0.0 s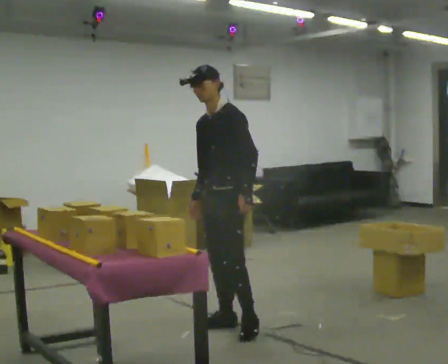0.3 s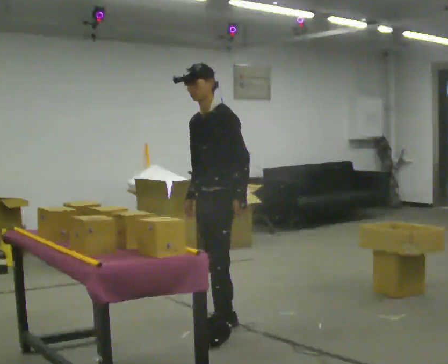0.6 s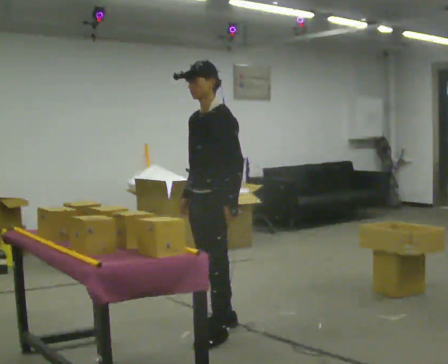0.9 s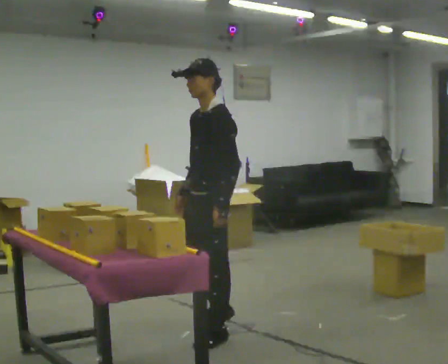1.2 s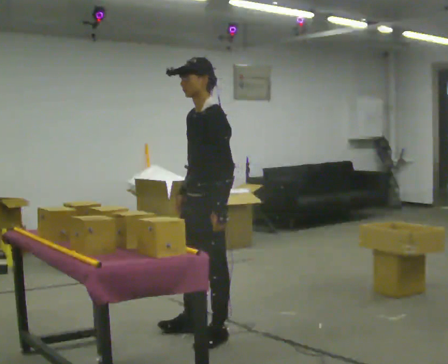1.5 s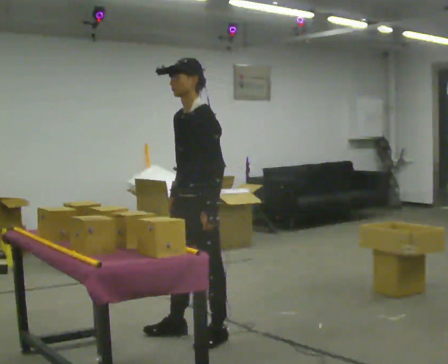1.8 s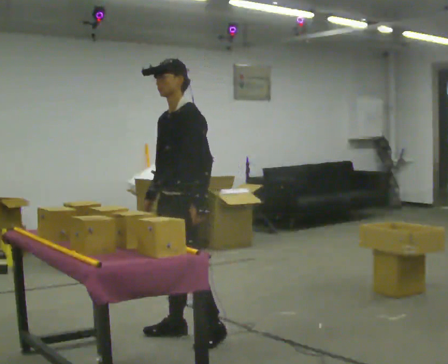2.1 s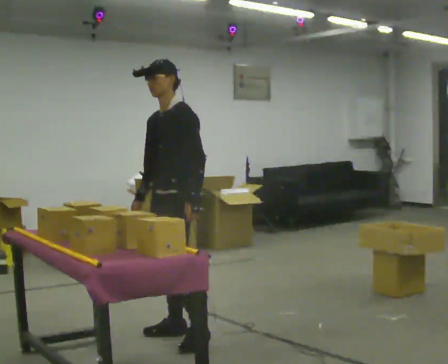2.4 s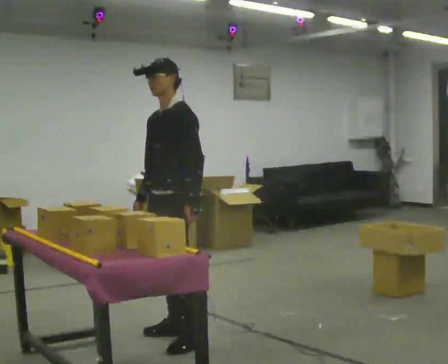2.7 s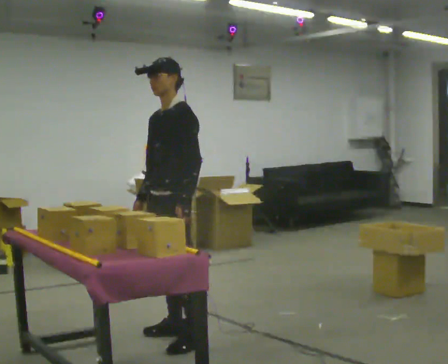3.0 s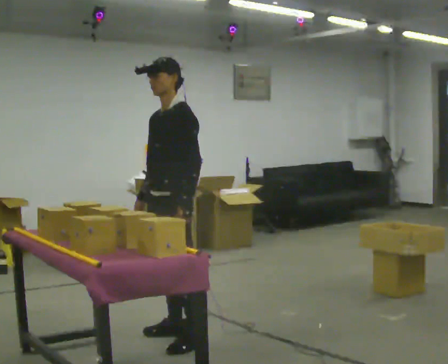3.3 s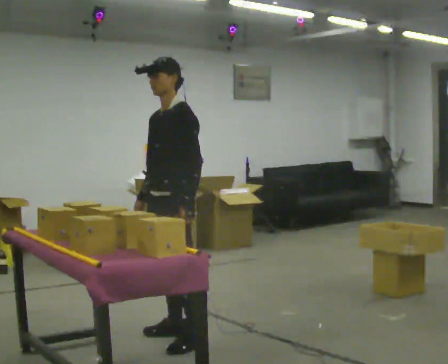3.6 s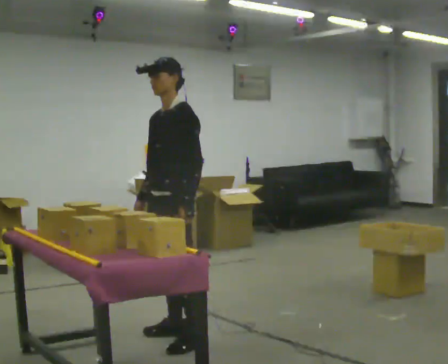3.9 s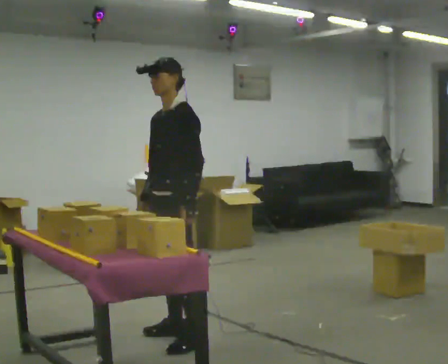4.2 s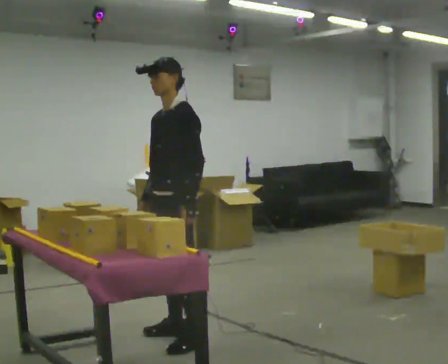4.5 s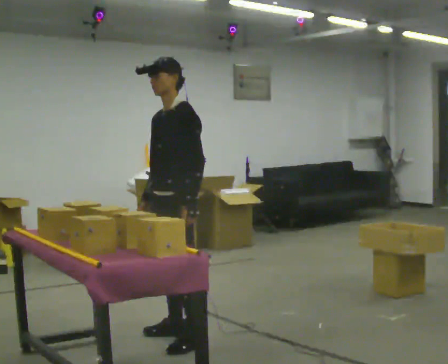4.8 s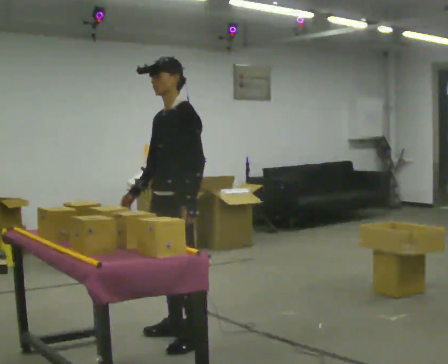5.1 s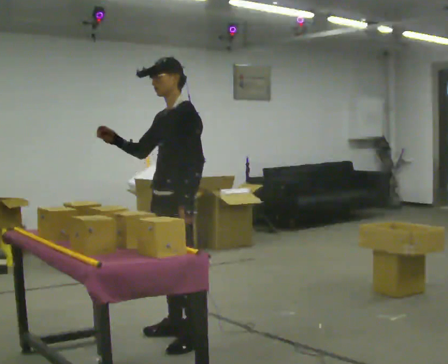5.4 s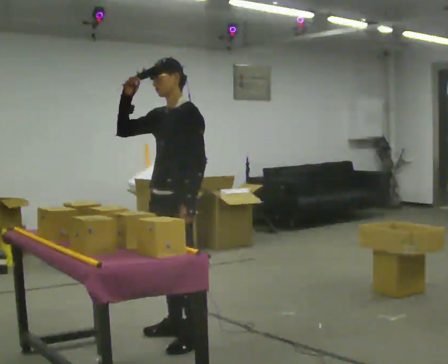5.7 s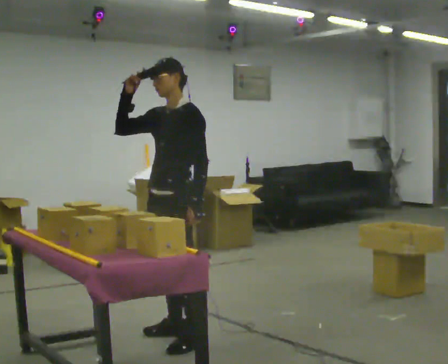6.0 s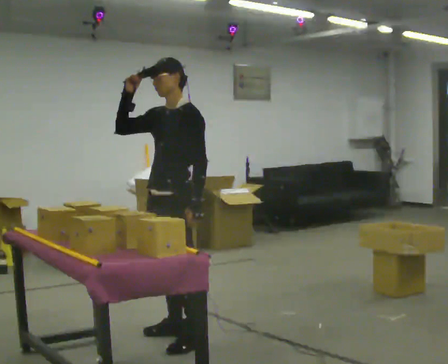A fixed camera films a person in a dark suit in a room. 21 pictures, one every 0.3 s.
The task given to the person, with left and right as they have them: Carry the object over and fit it into the gap between the two boxes already on the shelf, without touching either of them. Keep going until the operator says stop; one object at a time, and do not rush between trips.
0.0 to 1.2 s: In the picture they go toward the camera and to the left, about 0.25 m in 1 step, which for them is forward and to their left.
1.2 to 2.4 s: In the picture they go to the left, about 0.25 m in 2 steps, which for them is forward and to their right.
2.4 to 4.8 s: The person moves a little, or ends about where they began.
4.8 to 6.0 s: In the picture their right hand goes upward, the arm swinging clockwise.
The film runs forward here.
